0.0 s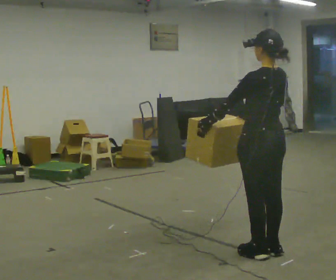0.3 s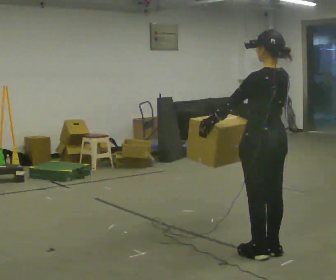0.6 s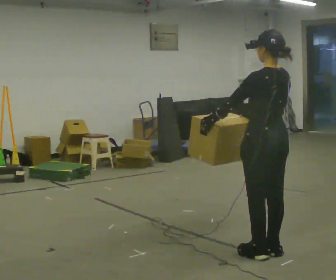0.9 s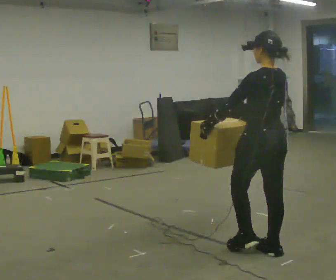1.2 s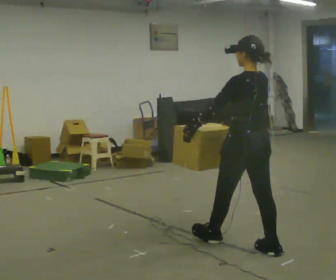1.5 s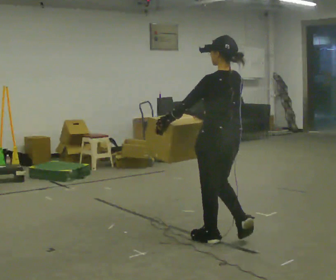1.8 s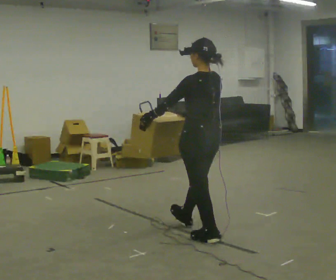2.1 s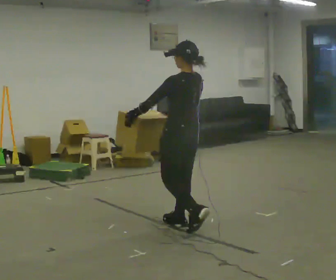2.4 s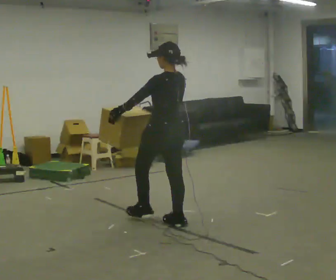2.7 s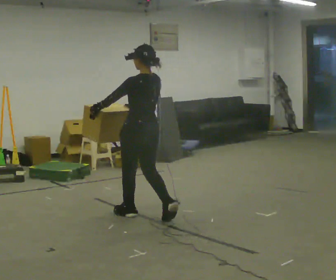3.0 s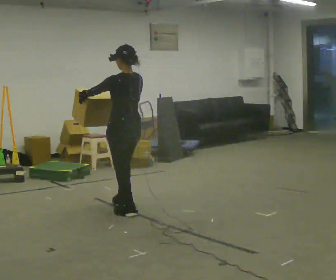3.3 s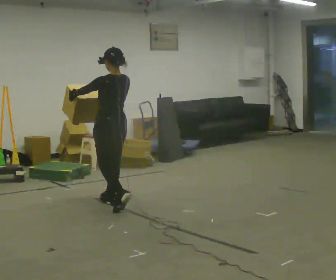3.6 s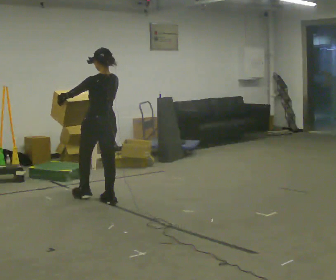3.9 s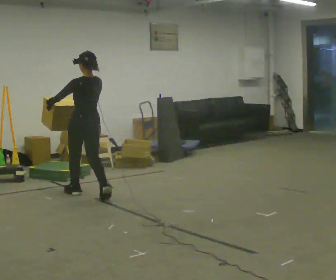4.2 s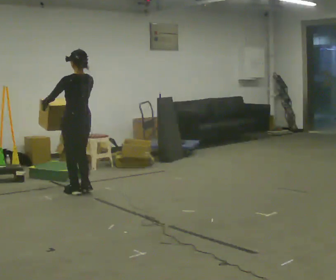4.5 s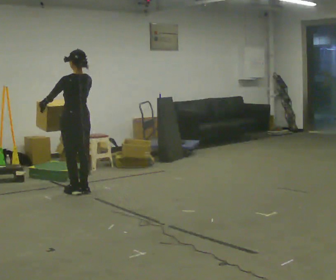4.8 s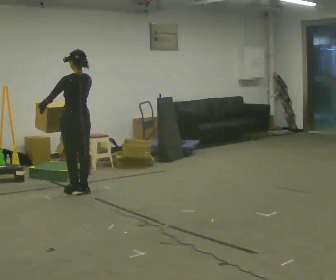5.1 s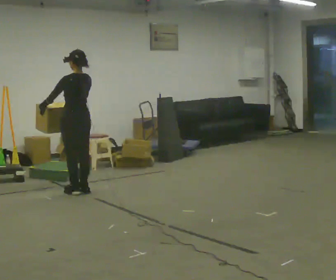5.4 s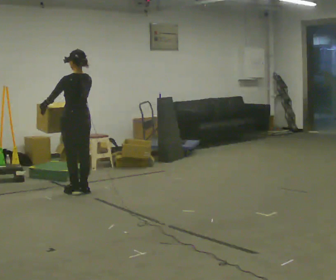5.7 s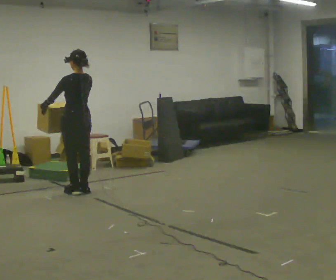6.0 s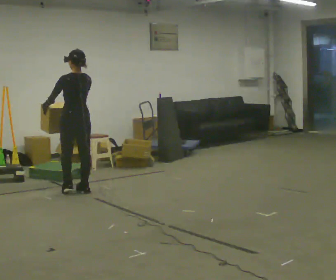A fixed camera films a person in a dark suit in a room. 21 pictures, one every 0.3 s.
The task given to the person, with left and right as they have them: Carry the heavy box in both hands in front of you, walking back and forth across the room. Keep walking until the operator says stop. Set it down if you need a rest.
0.0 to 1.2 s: In the picture they go away from the camera, about 0.25 m in 1 step, which for them is forward.
1.2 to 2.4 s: In the picture they go away from the camera and to the left, about 1 m in 1 step, which for them is forward.
2.4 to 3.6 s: In the picture they go away from the camera and to the left, about 1 m in 2 steps, which for them is forward.
3.6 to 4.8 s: In the picture they go away from the camera and to the left, about 0.5 m in 2 steps, which for them is forward.
4.8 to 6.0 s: The person moves a little, or ends about where they began.
The film runs forward here.
